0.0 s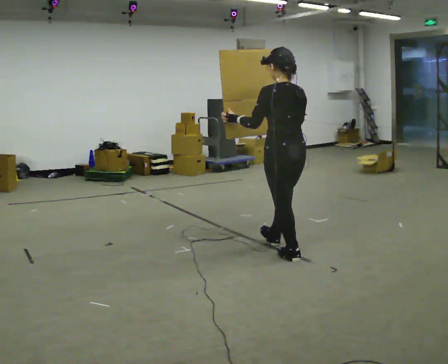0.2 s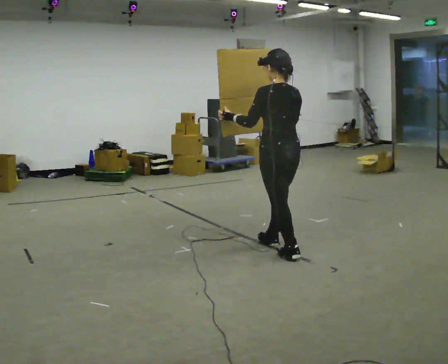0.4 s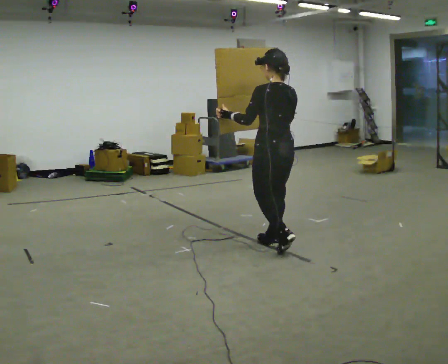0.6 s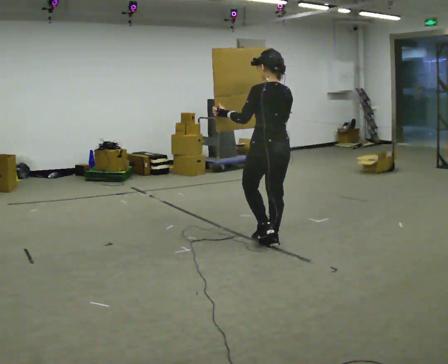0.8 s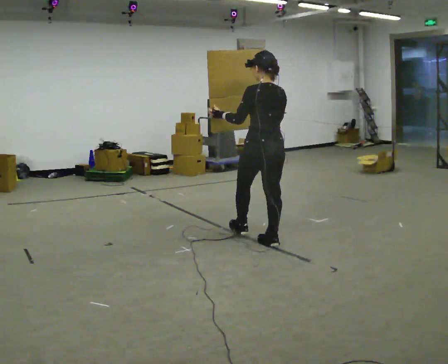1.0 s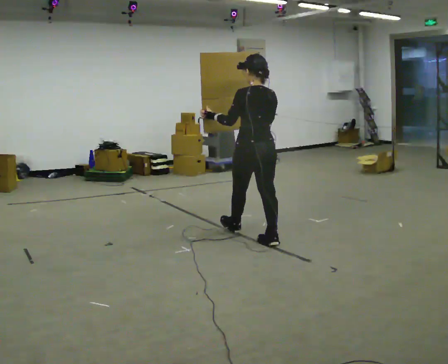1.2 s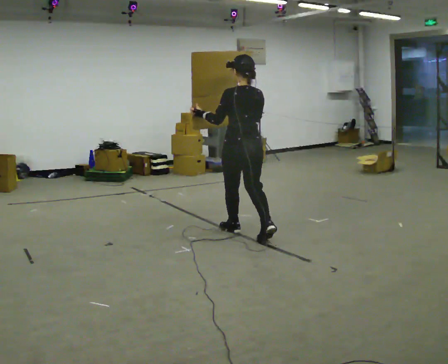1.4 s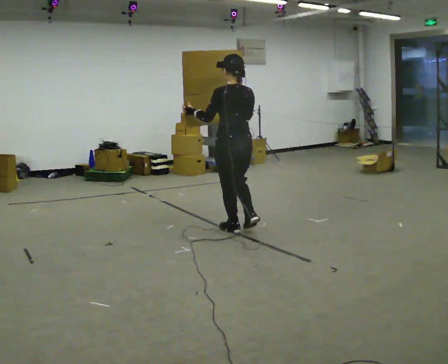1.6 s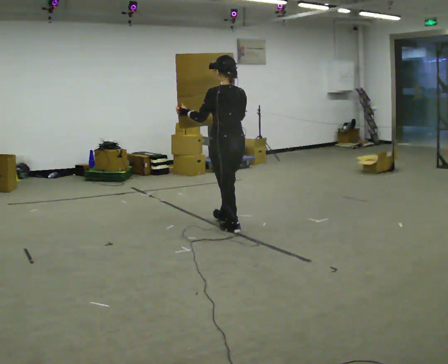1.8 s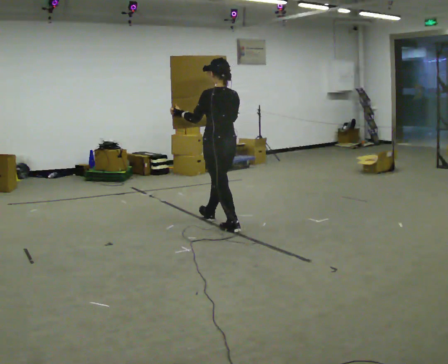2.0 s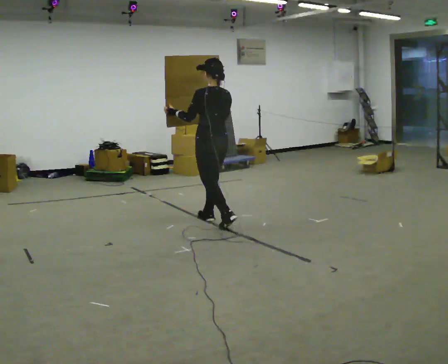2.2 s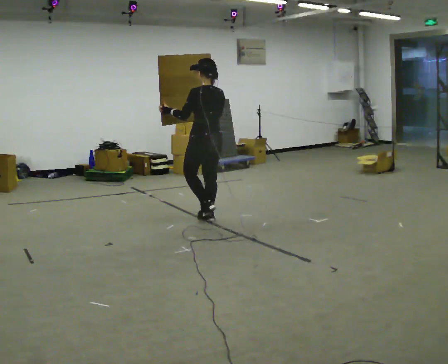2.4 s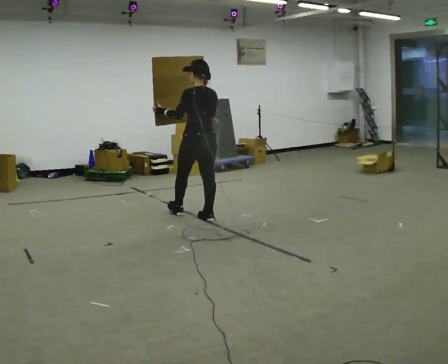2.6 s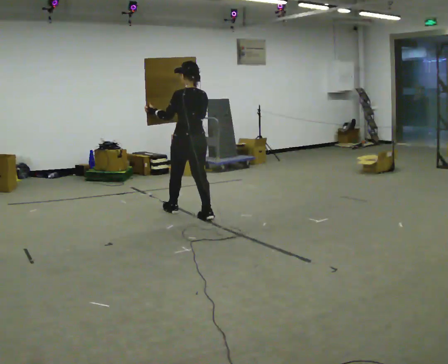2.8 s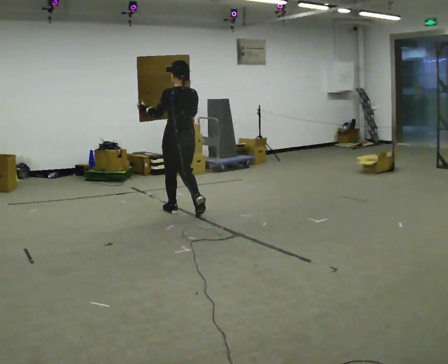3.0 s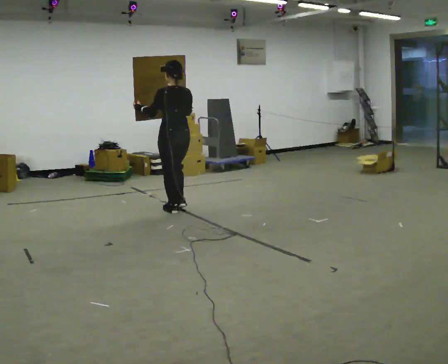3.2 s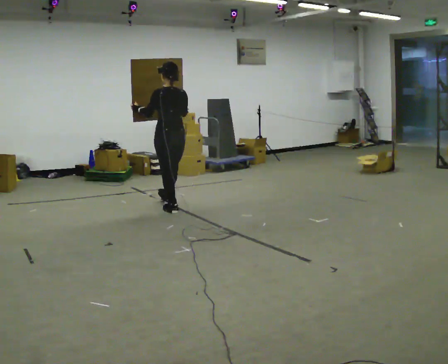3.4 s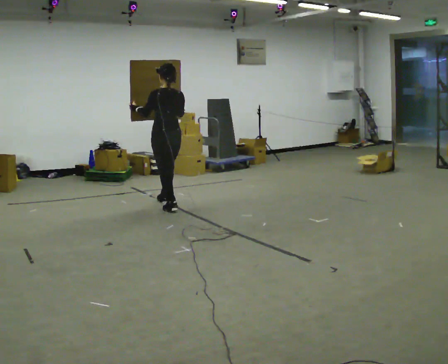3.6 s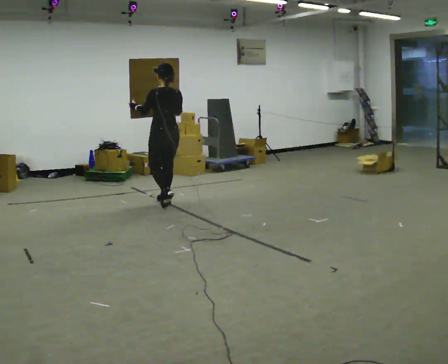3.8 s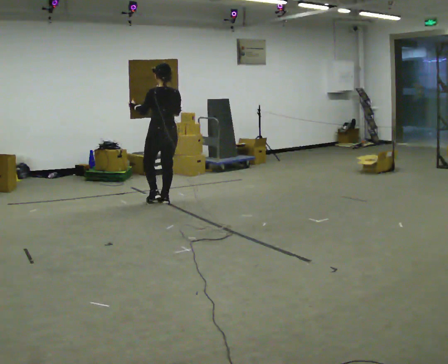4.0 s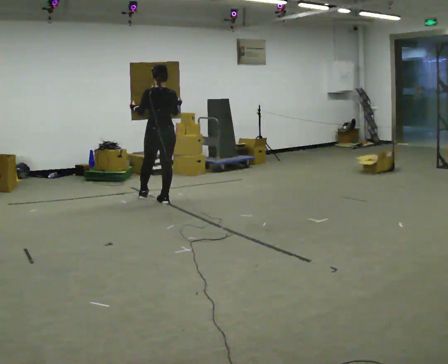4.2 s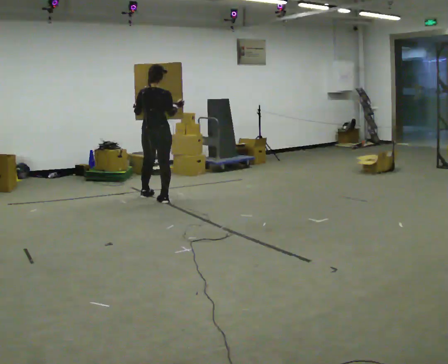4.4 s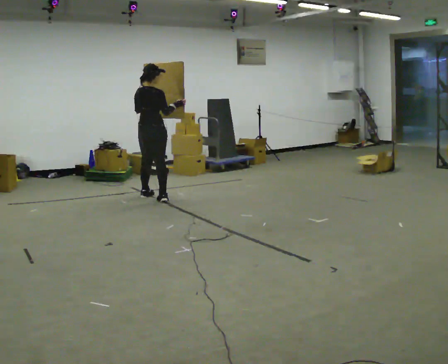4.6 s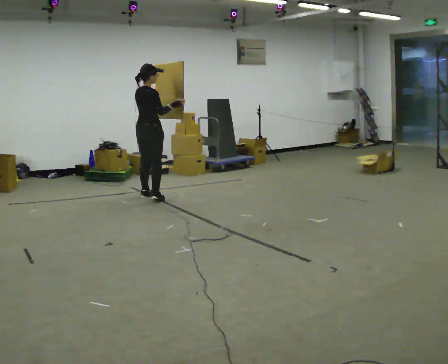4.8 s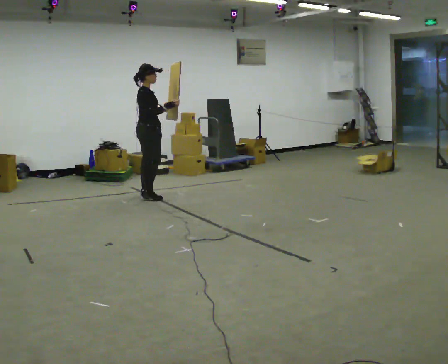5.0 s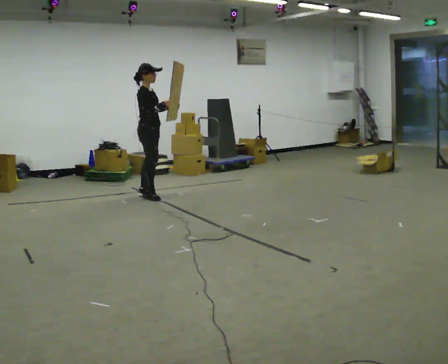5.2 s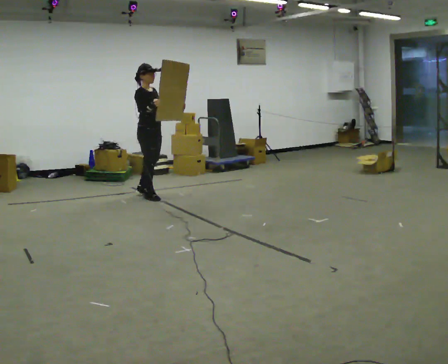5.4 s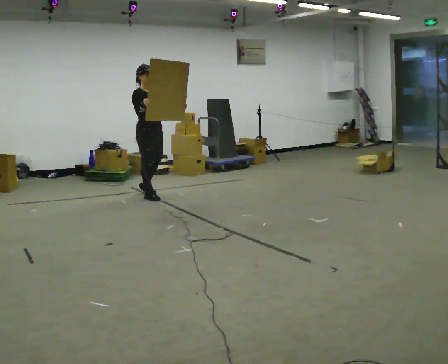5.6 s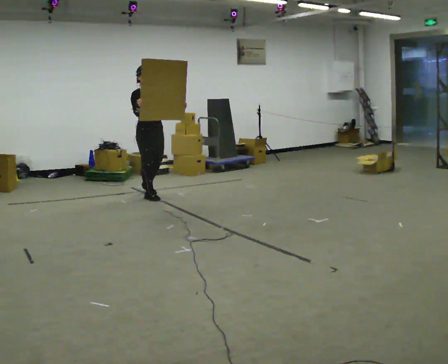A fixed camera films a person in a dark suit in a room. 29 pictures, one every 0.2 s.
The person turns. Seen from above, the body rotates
clockwise.
The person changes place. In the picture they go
away from the camera.
0.0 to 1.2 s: In the picture they go away from the camera and to the left, about 0.75 m in 1 step, which for them is forward.
1.2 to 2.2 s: In the picture they go away from the camera and to the left, about 0.75 m in 1 step, which for them is forward.
2.2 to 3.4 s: In the picture they go away from the camera and to the left, about 0.5 m in 2 steps, which for them is forward.
3.4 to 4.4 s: The person turns about 60 degrees to their right, clockwise seen from above, so the part of the body nearest the lens slides to the left. In the picture they go away from the camera and to the left, about 0.5 m in 1 step, which for them is forward.
4.4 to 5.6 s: The part of the body nearest the lens slides to the left as the person turns to their right by about 120 degrees. In the picture their left hand goes to the right.
The film runs forward here.
